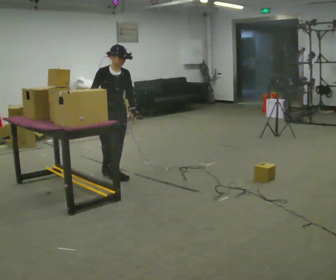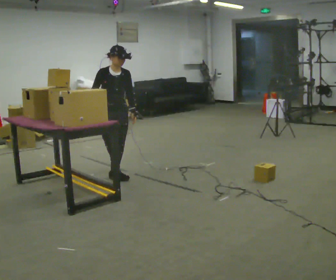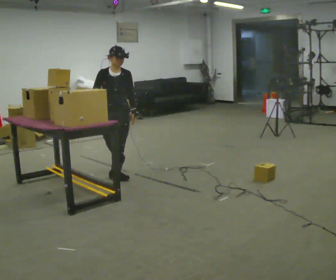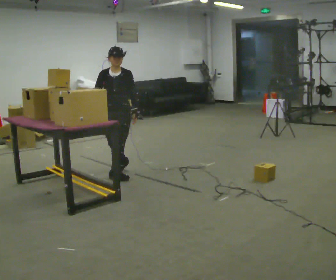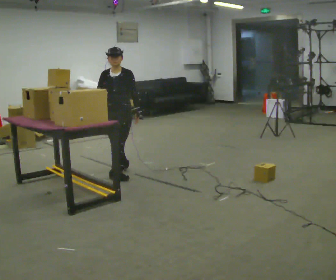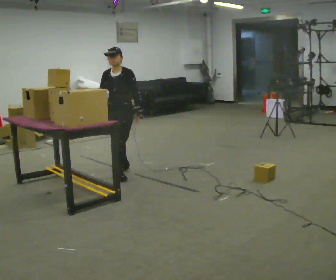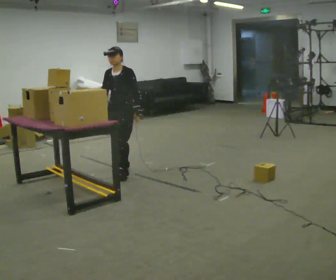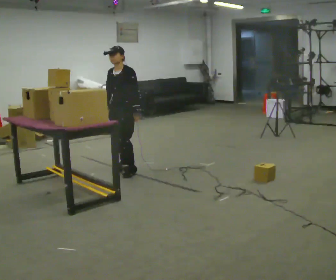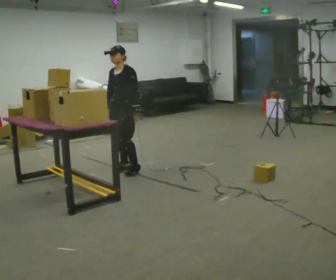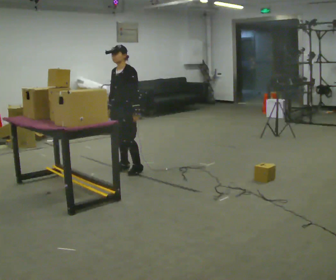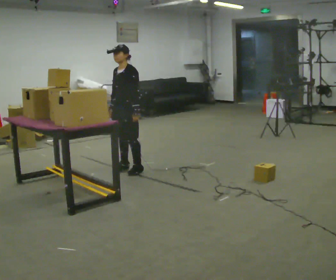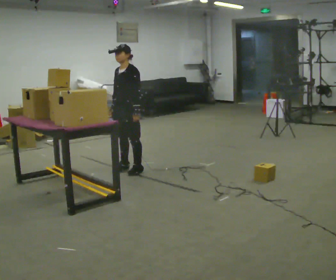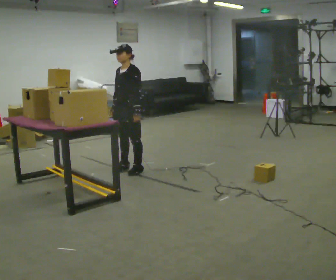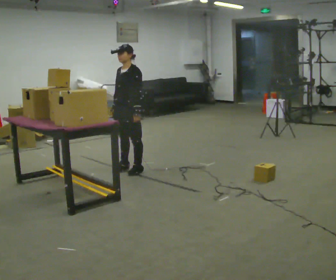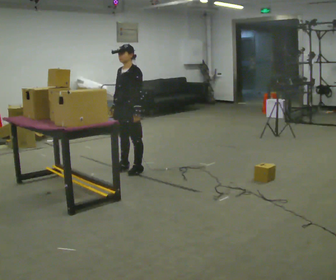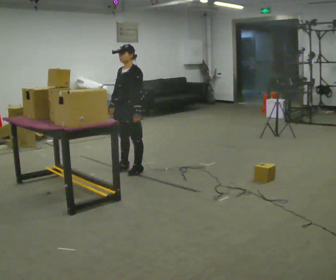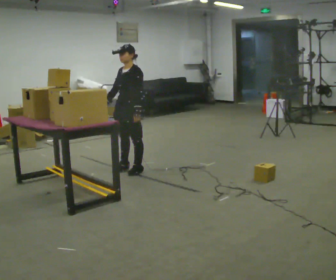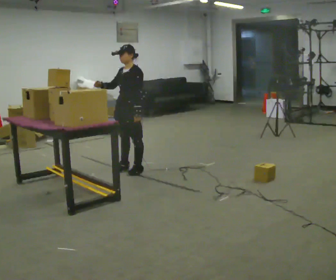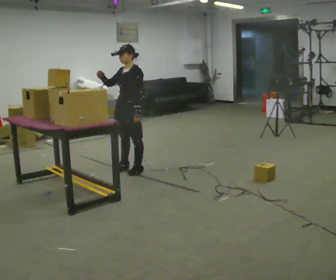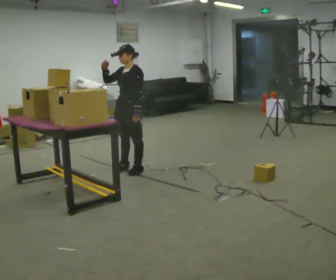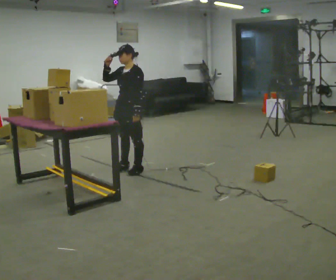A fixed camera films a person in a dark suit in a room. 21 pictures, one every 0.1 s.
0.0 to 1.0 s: The person turns about 75 degrees to their right, clockwise seen from above, so the part of the body nearest the lens slides to the left. In the picture they go away from the camera and to the right, about 0.25 m in 2 steps.
1.0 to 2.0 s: In the picture their right hand goes upward.
The film runs forward here.
